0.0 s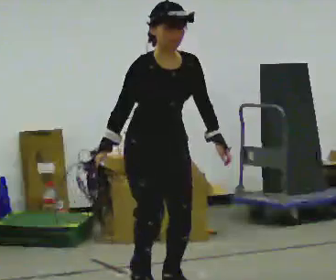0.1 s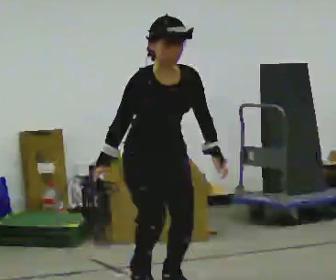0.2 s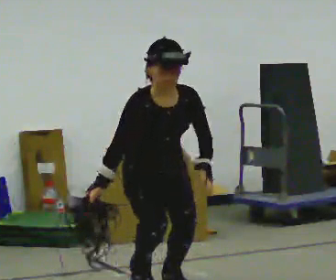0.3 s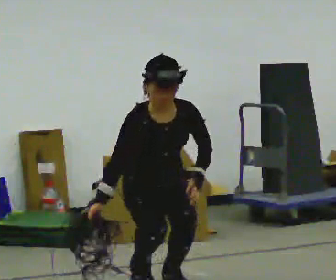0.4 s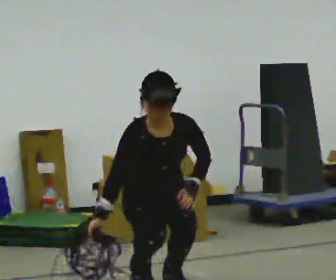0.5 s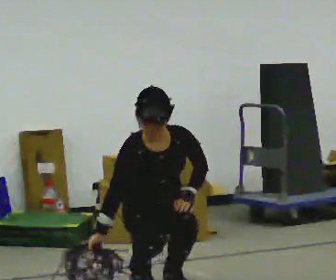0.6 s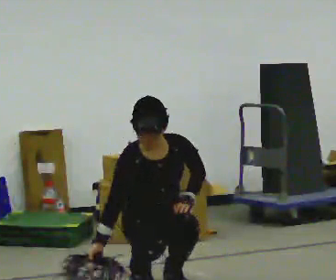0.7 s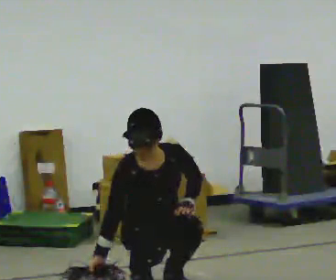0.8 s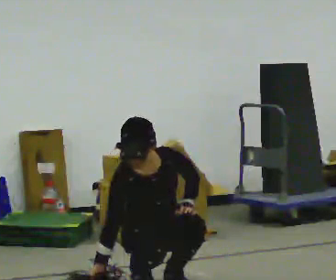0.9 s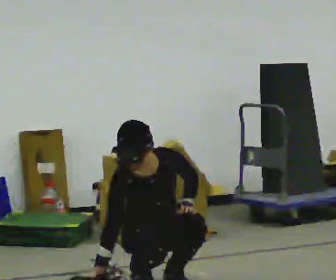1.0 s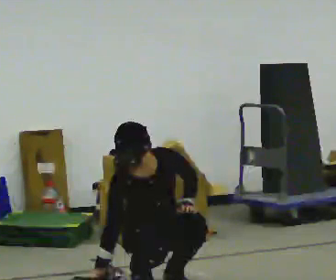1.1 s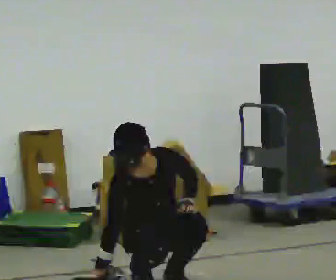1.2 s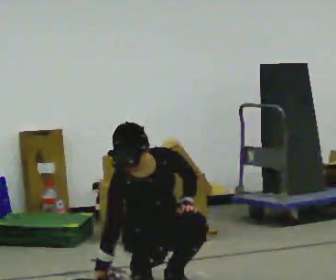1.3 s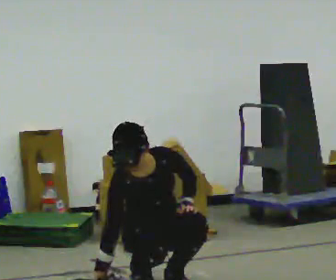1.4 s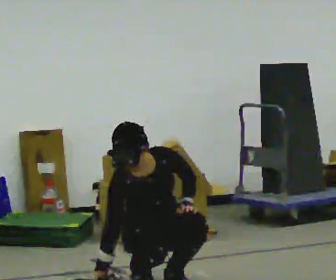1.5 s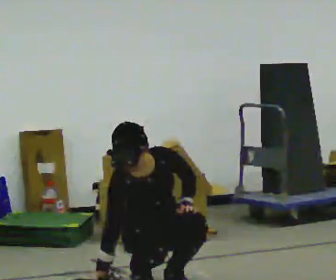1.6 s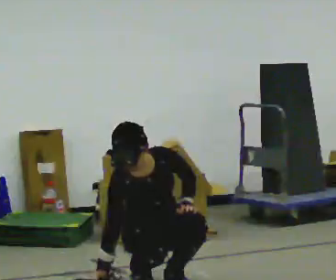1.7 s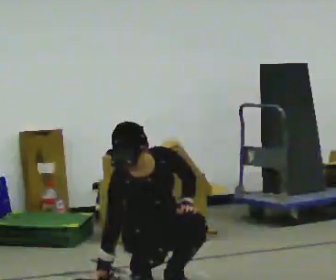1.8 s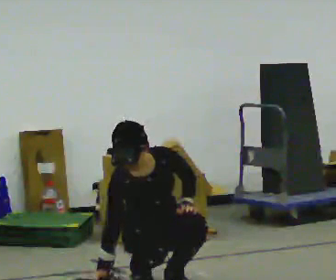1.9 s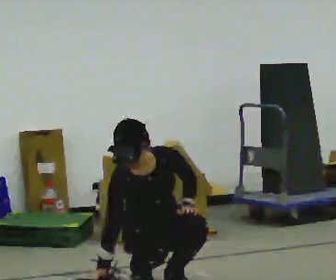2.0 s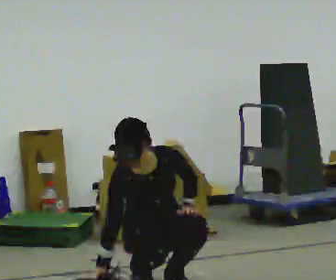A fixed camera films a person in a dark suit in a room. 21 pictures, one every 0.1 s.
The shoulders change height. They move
downward.
The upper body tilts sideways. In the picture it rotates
counterclockwise.
0.0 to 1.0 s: The shoulders move downward. In the picture the upper body tilts counterclockwise, shoulders to the left. In the picture their left hand goes downward.
1.0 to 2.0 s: The person keeps their place and pose.
The film runs backward here.
